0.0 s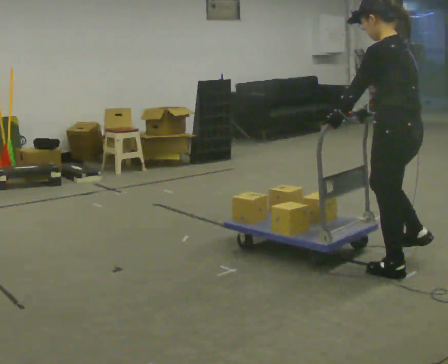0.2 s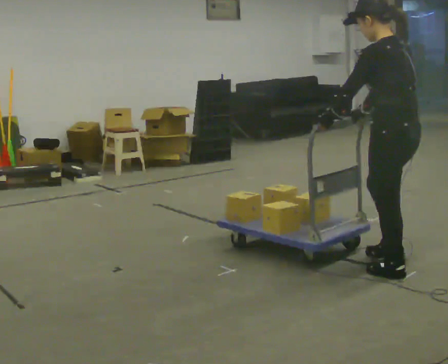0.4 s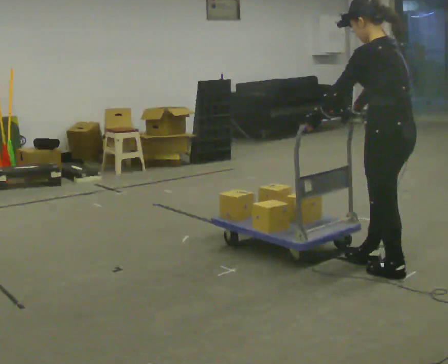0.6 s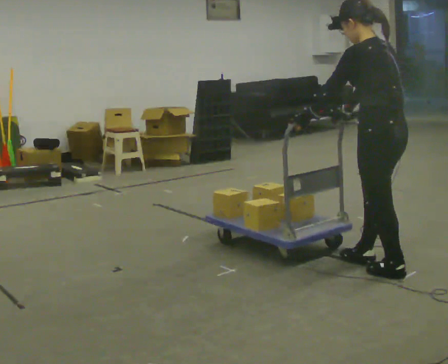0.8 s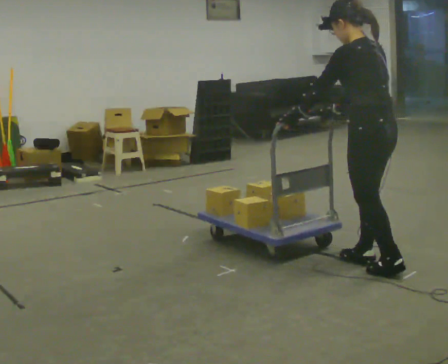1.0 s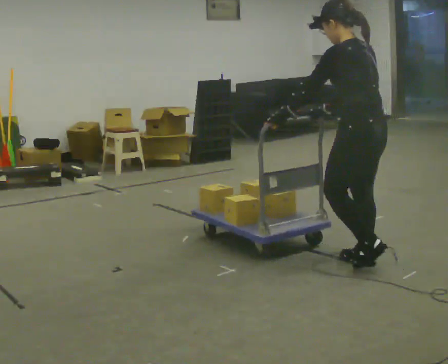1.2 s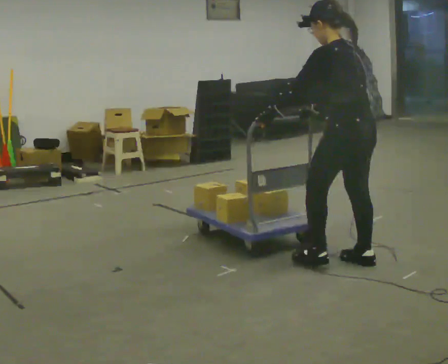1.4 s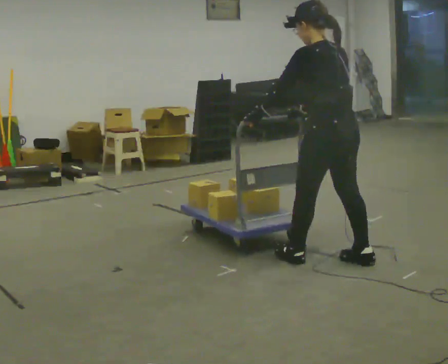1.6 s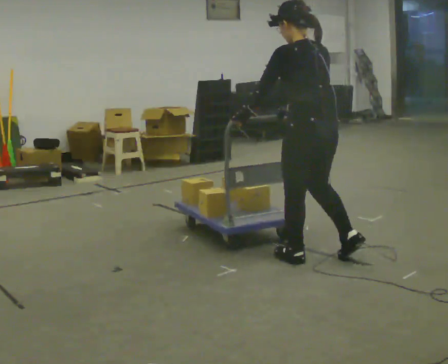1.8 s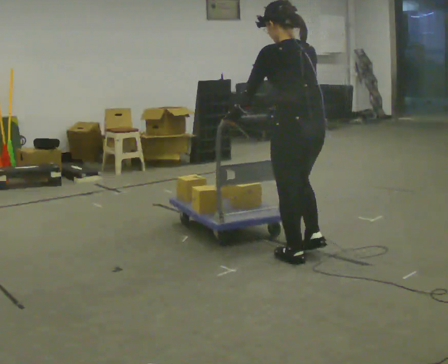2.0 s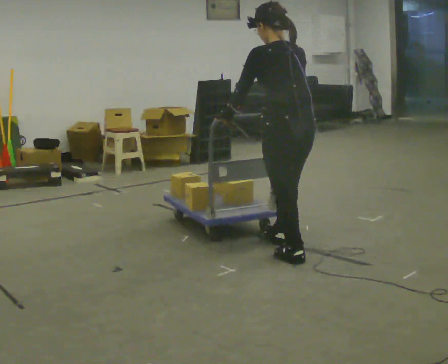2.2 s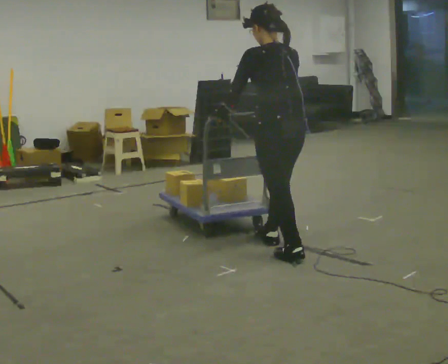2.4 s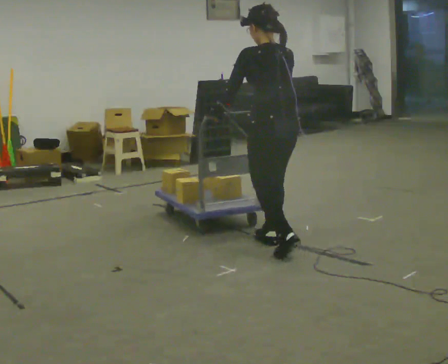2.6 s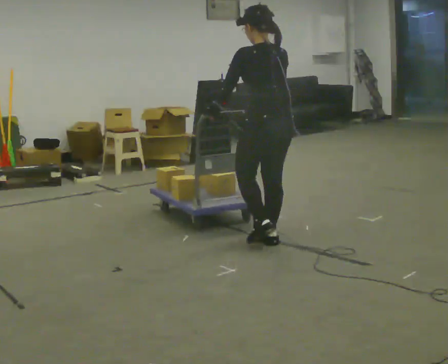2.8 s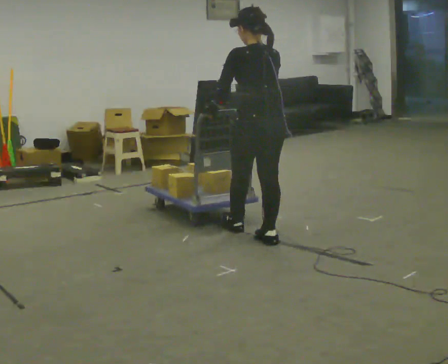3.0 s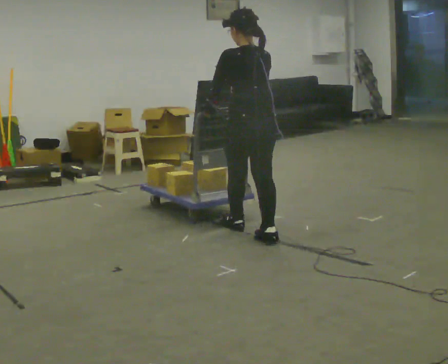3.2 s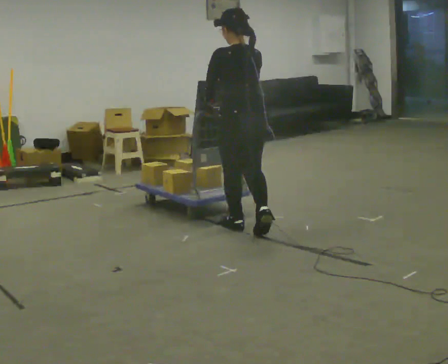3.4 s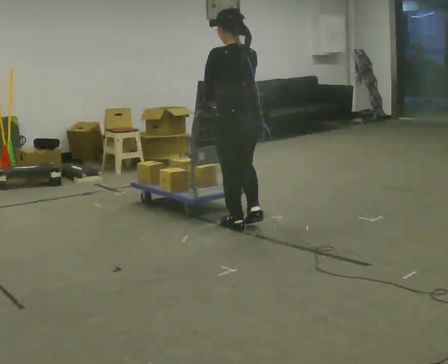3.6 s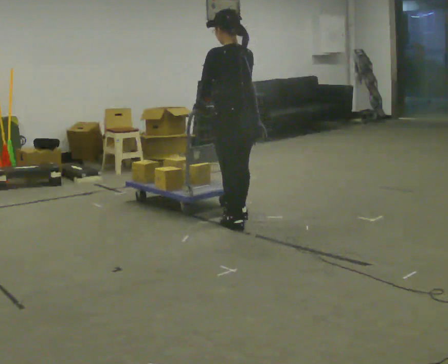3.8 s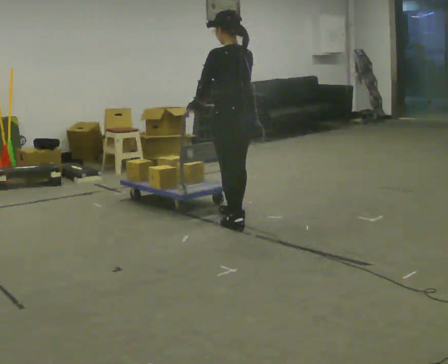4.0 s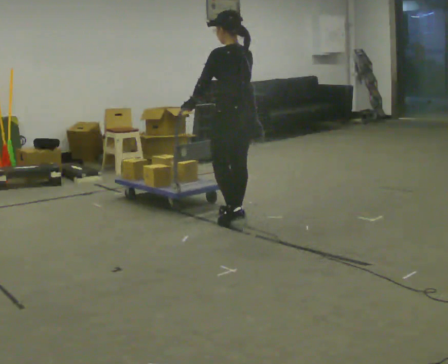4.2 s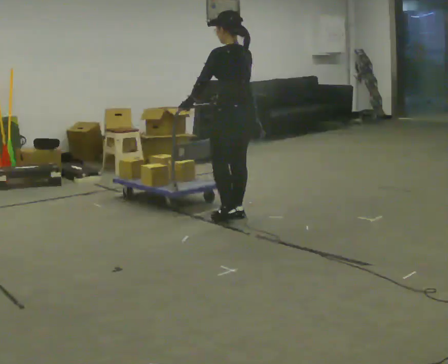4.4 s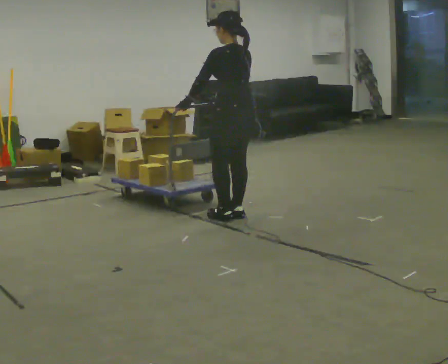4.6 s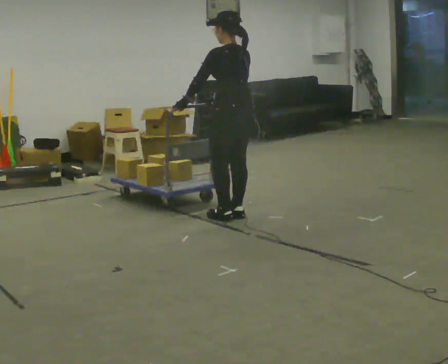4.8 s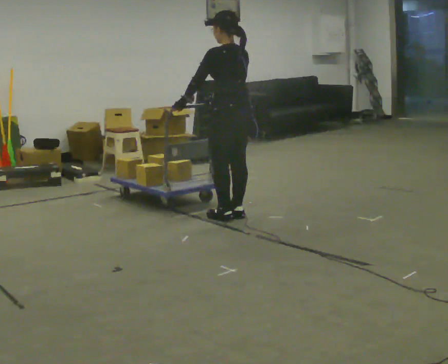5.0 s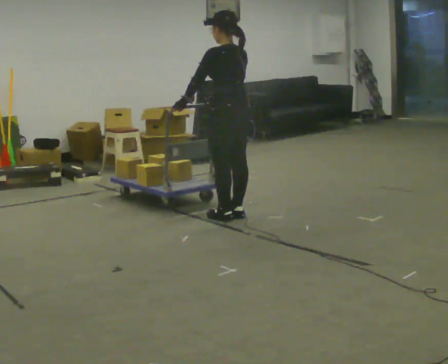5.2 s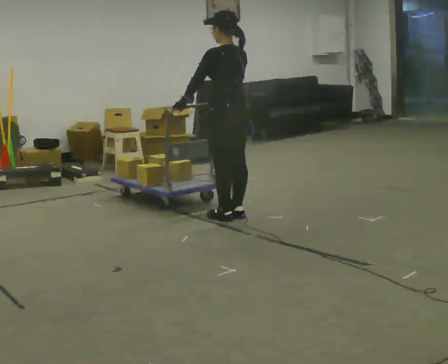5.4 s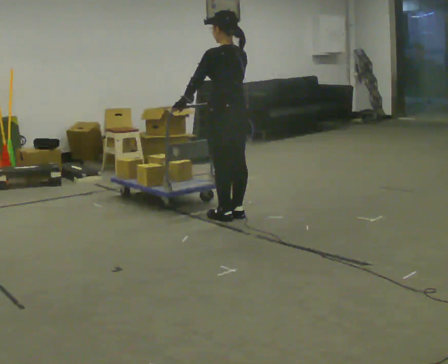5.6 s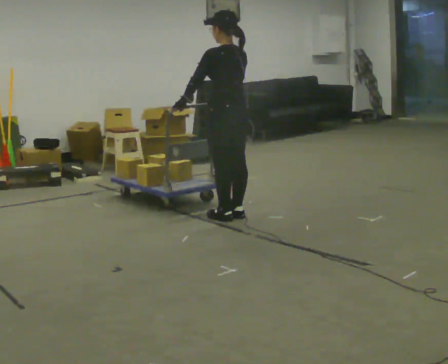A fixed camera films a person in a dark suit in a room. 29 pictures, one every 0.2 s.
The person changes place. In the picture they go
away from the camera.
0.0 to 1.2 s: In the picture they go away from the camera and to the left, about 0.25 m in 1 step, which for them is forward.
1.2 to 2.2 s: In the picture they go to the left and away from the camera, about 0.5 m in 2 steps, which for them is forward and to their left.
2.2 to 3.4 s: In the picture they go away from the camera and to the left, about 0.5 m in 1 step, which for them is forward.
3.4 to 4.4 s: In the picture they go away from the camera, about 0.25 m in 2 steps, which for them is forward and to their right.
4.4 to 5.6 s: The person moves a little, or ends about where they began.
The film runs forward here.
